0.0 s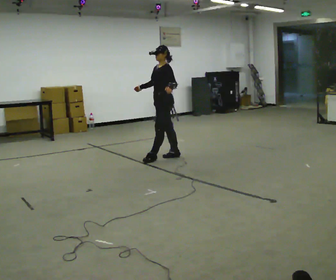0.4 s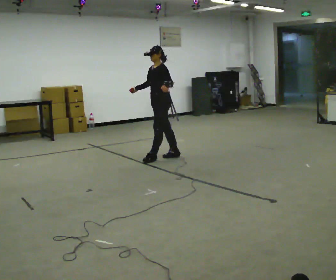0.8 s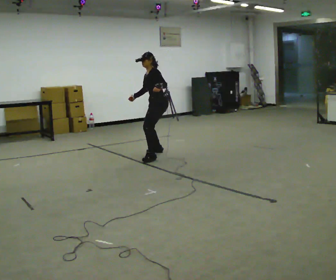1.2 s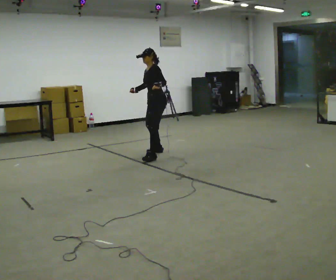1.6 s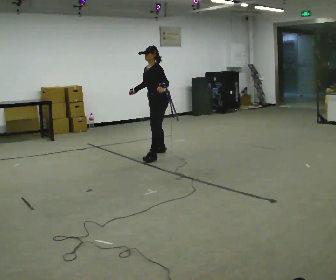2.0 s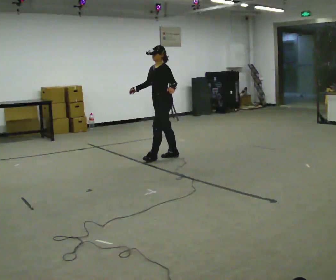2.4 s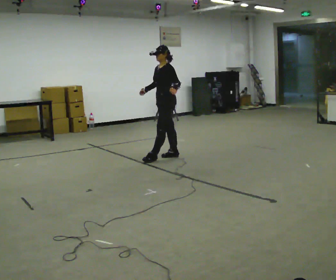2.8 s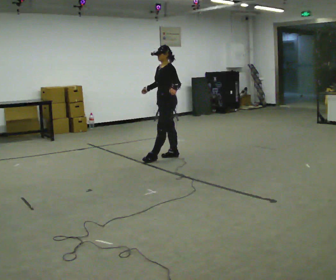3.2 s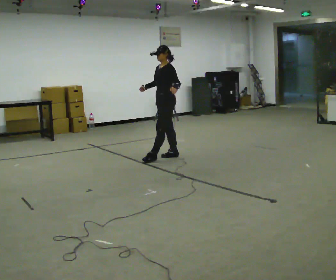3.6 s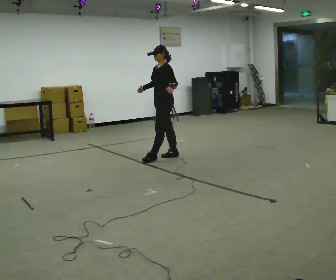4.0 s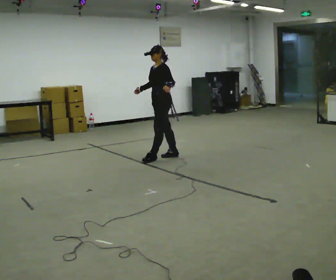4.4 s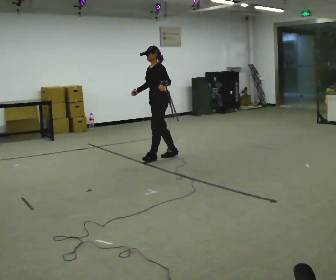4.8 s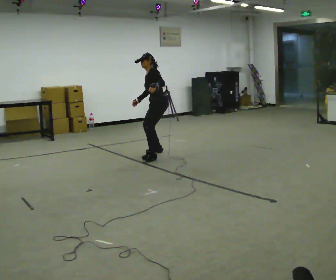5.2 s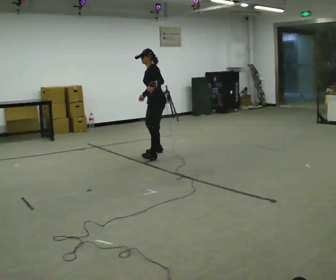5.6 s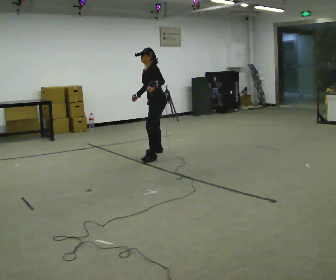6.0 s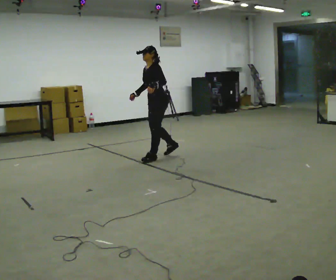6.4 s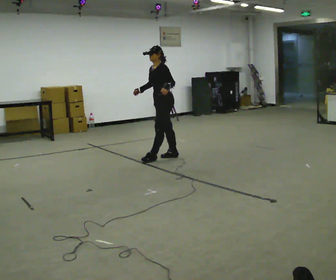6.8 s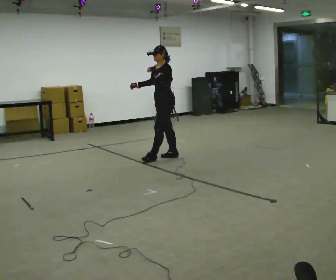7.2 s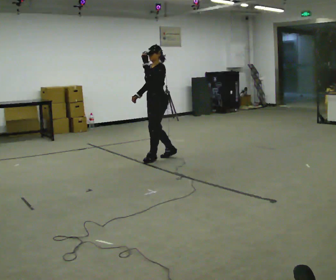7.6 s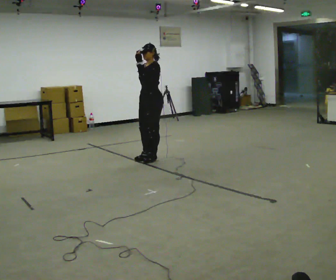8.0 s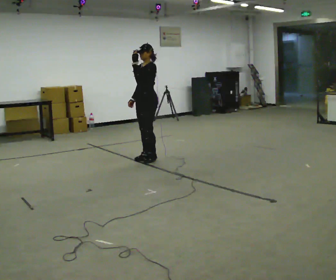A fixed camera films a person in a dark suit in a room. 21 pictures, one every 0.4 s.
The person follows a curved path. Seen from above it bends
counterclockwise.
0.0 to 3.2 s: The person moves a little, or ends about where they began.
3.2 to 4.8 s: In the picture they go away from the camera, about 0.25 m in 1 step, which for them is to their right. In the picture the upper body tilts counterclockwise, shoulders to the left, as they bend forward.
4.8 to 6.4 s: In the picture they go toward the camera, about 0.25 m in 1 step, which for them is to their left.
6.4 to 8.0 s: In the picture they go to the left, about 0.25 m in 1 step, which for them is forward. In the picture their left hand goes to the left and upward.
The film runs forward here.
